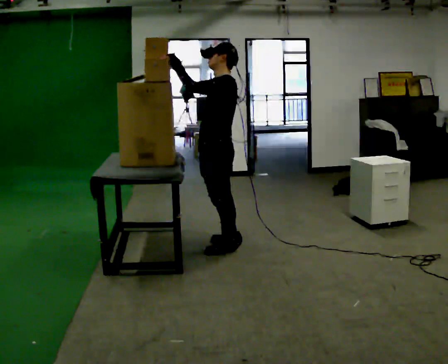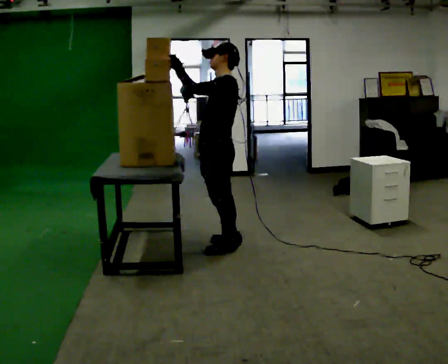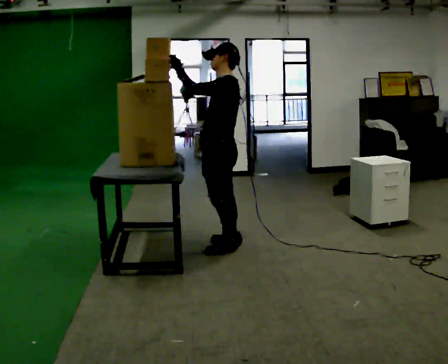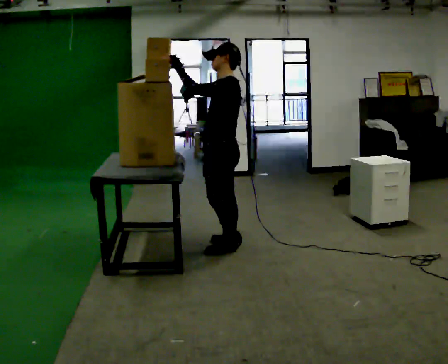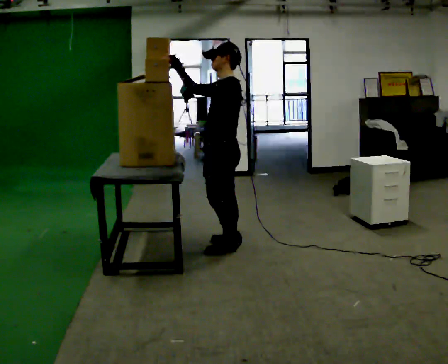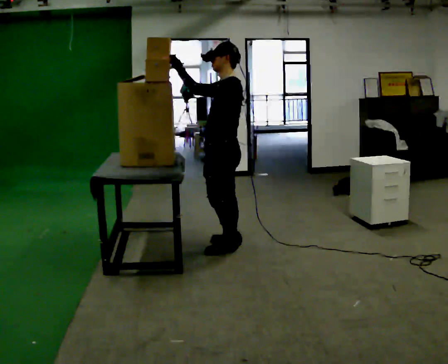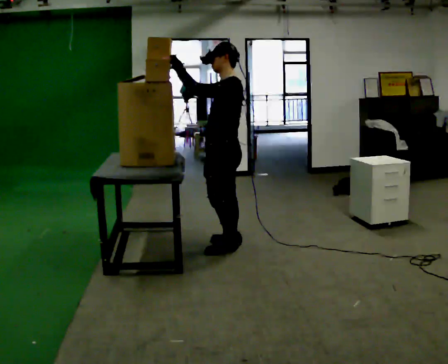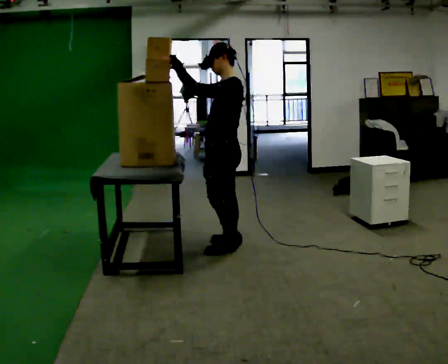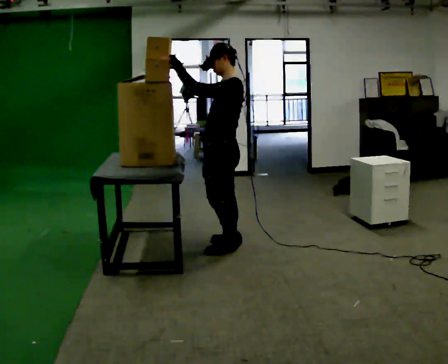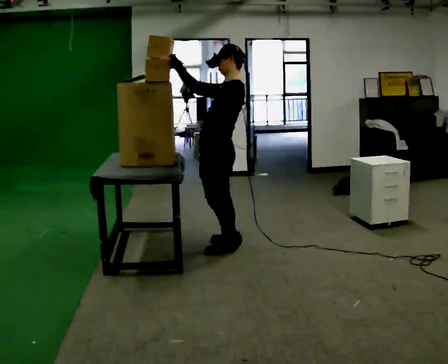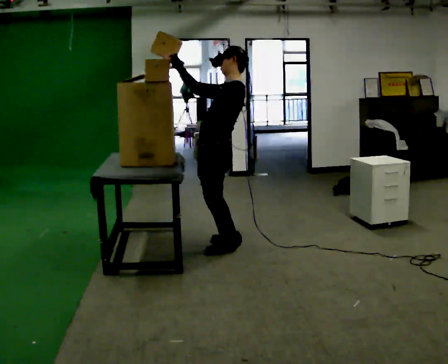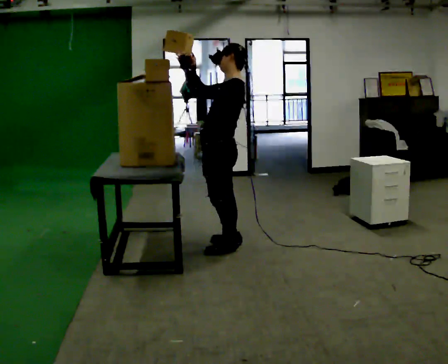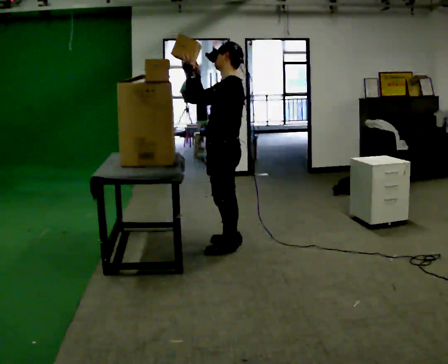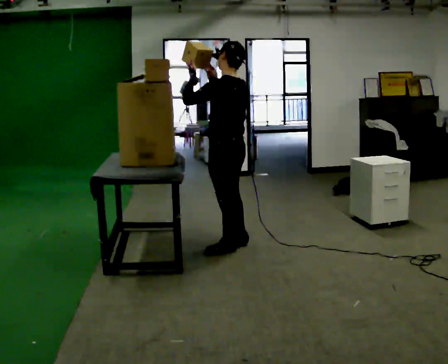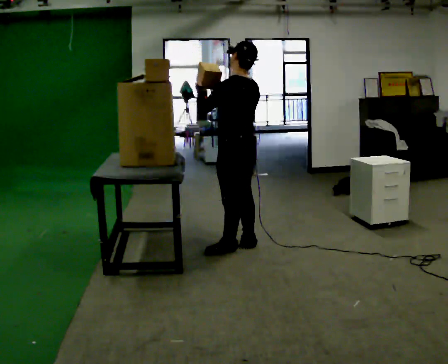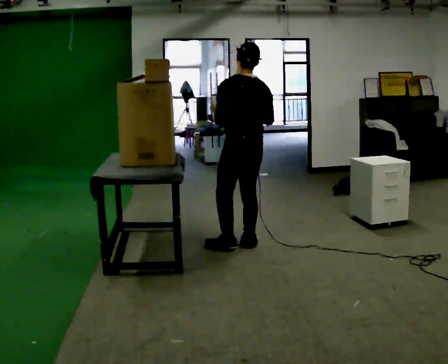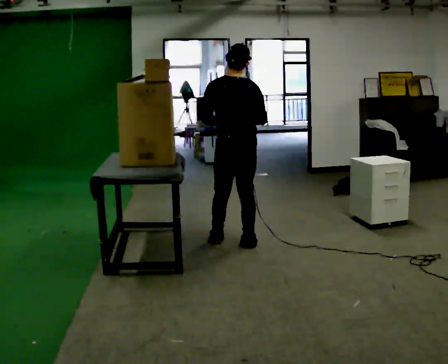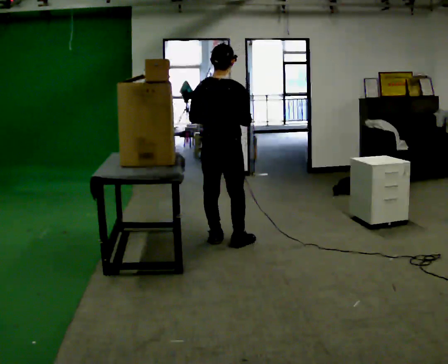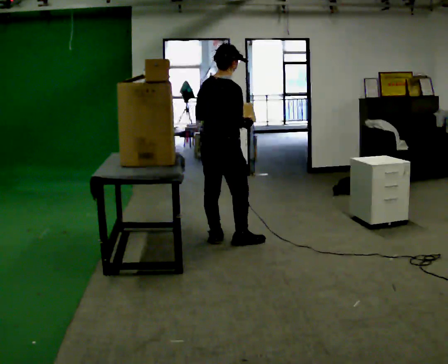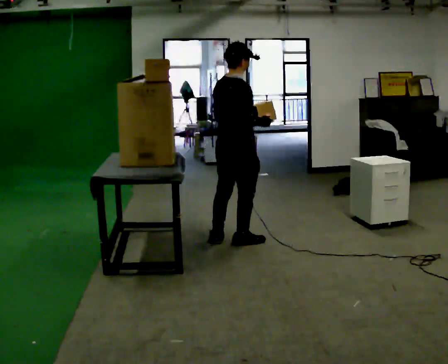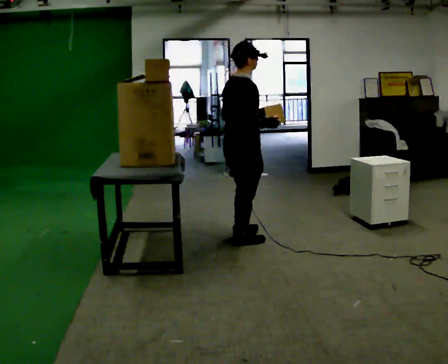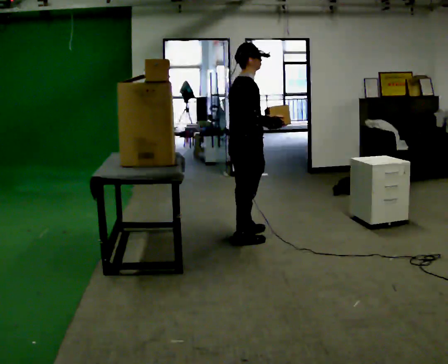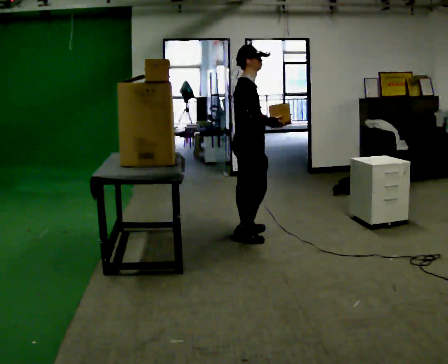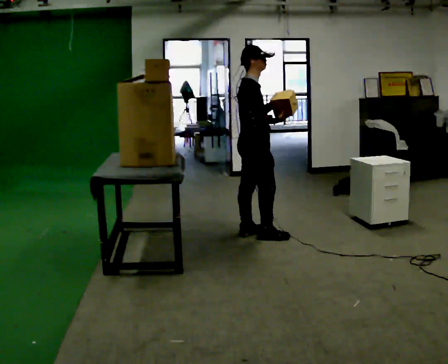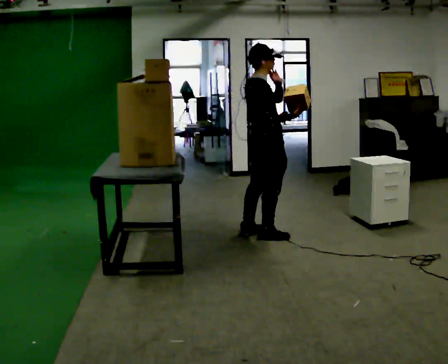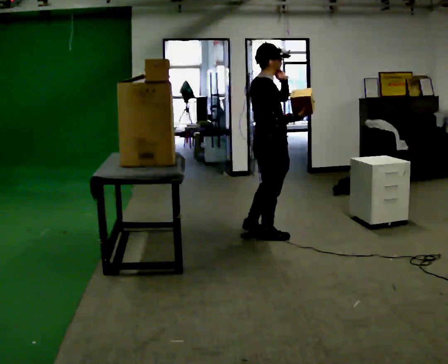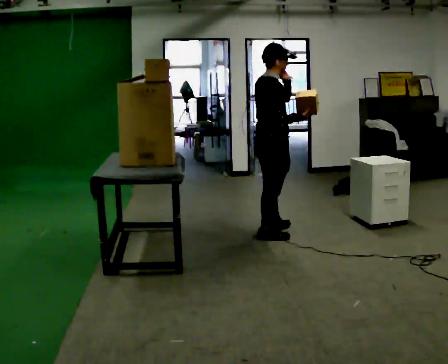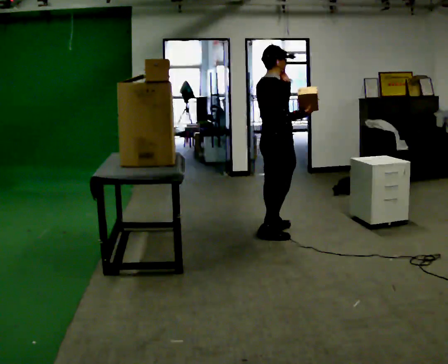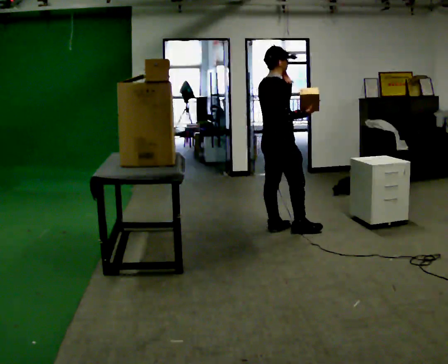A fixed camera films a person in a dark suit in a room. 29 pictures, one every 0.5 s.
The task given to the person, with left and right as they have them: Take an object down from the highest shelf you can comfortably reach, carry it across, and place it on the waist-height shelf. Keep going until the operator says stop; one object at a time, and do not rush between trips.
0.0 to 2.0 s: The person moves a little, or ends about where they began.
2.0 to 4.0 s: The person keeps their place and pose.
4.0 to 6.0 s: The person moves a little, or ends about where they began.
6.0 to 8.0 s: The part of the body nearest the lens slides to the left as the person turns to their right by about 75 degrees. In the picture they go away from the camera, about 0.25 m in 1 step. In the picture their right hand goes to the right and downward.
8.0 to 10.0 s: The person turns about 60 degrees to their right, clockwise seen from above, so the part of the body nearest the lens slides to the left. In the picture their left hand goes to the right.
10.0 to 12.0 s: In the picture they go to the right and away from the camera, about 0.25 m in 2 steps, which for them is forward and to their left. In the picture their left hand goes upward.
12.0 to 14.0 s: In the picture they go away from the camera, about 0.25 m in 1 step, which for them is forward and to their left.
The film runs forward here.
